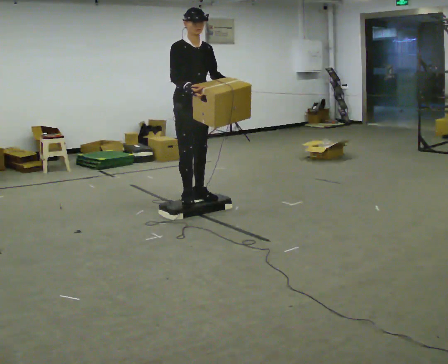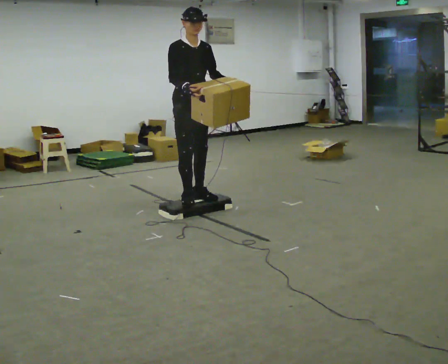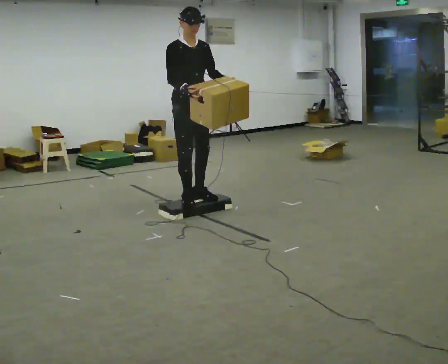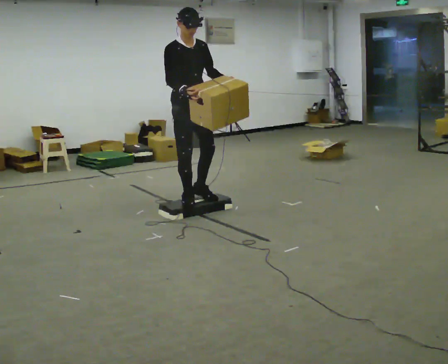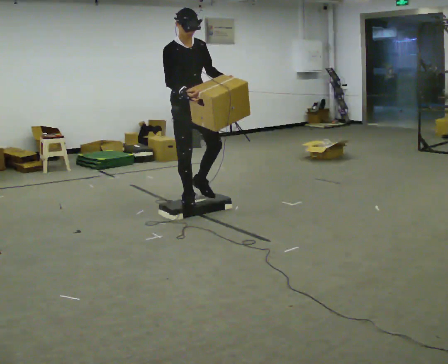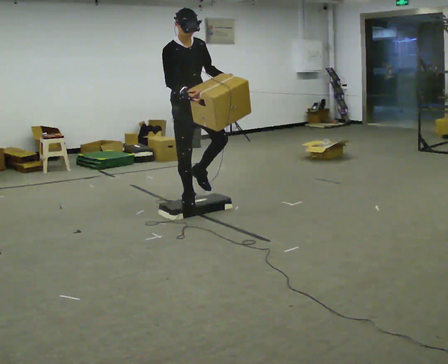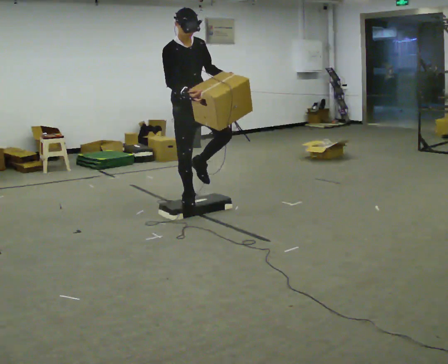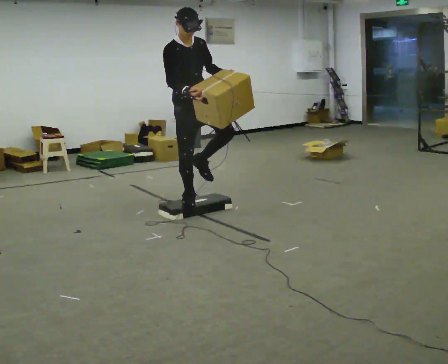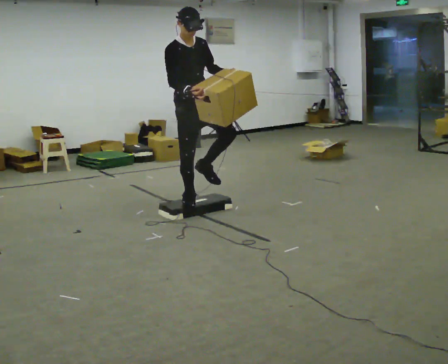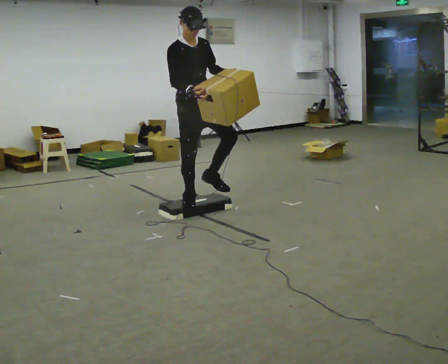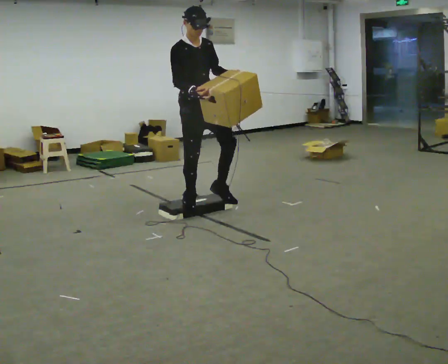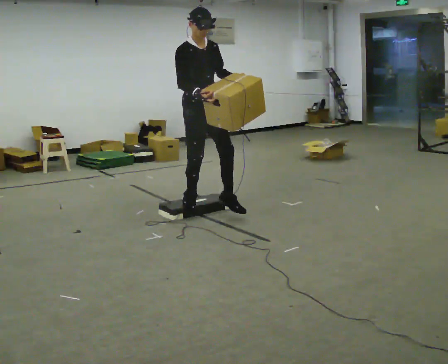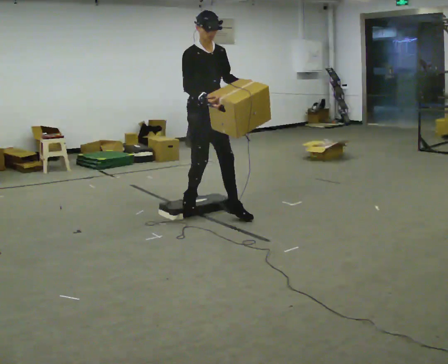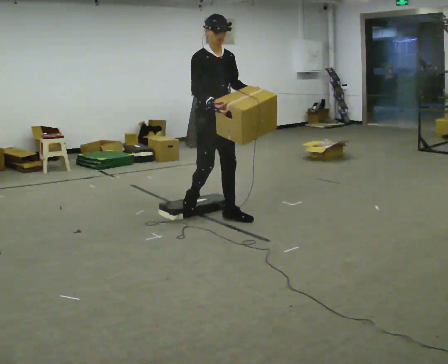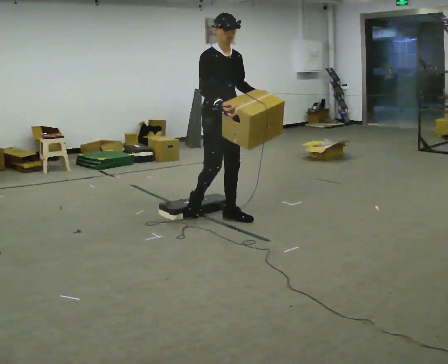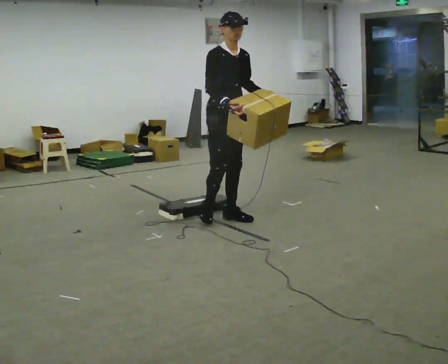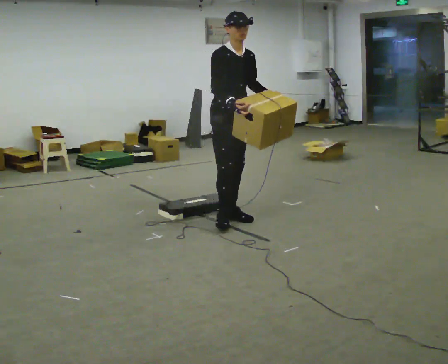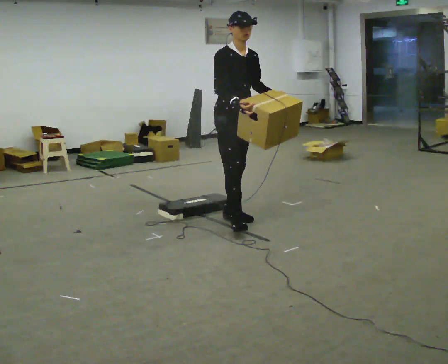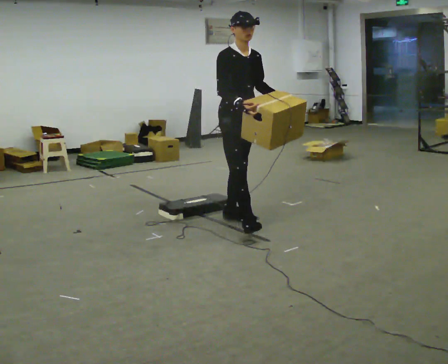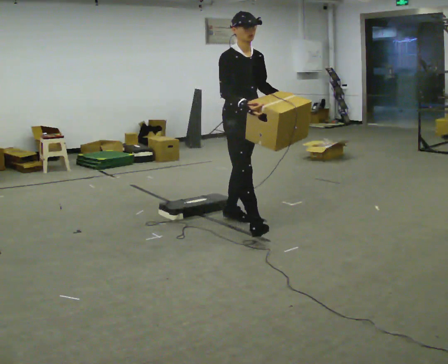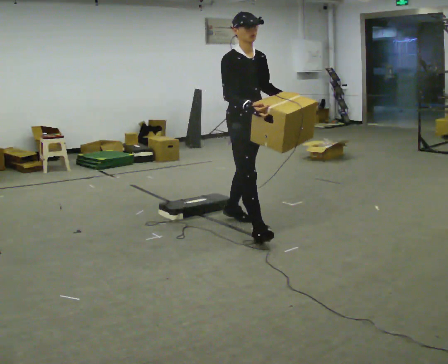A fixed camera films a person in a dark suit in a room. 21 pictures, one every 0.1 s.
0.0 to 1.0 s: In the picture they go toward the camera, about 0.25 m, which for them is forward.
1.0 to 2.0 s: In the picture they go to the right and toward the camera, about 0.5 m in 2 steps, which for them is forward.
The film runs forward here.
